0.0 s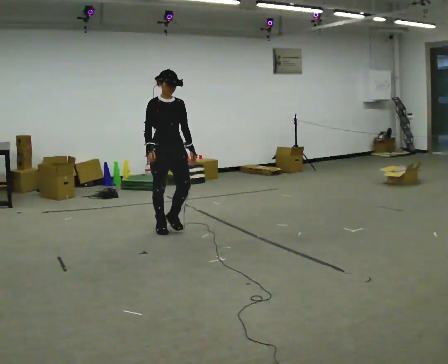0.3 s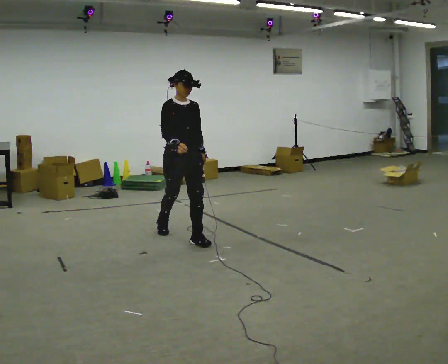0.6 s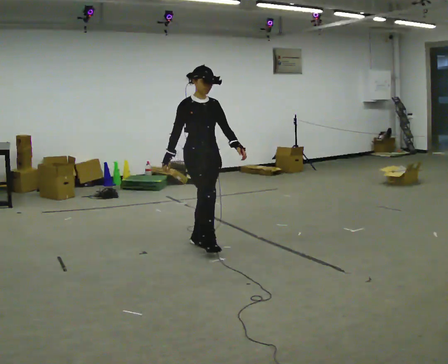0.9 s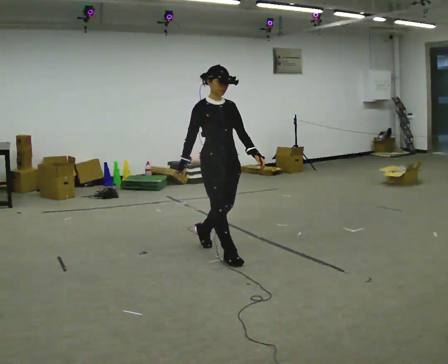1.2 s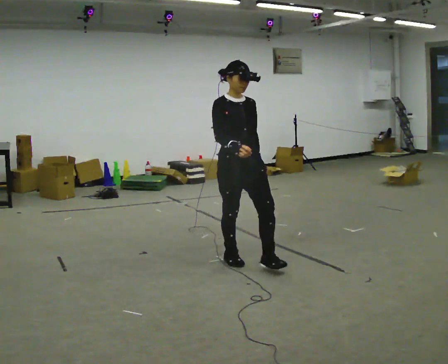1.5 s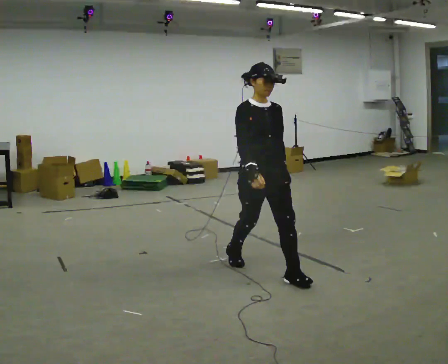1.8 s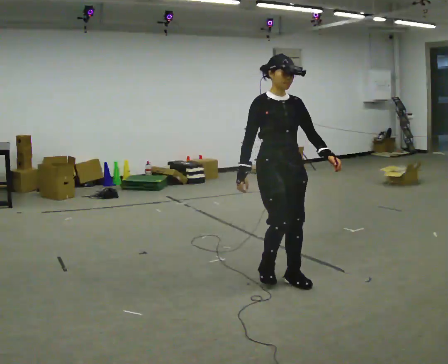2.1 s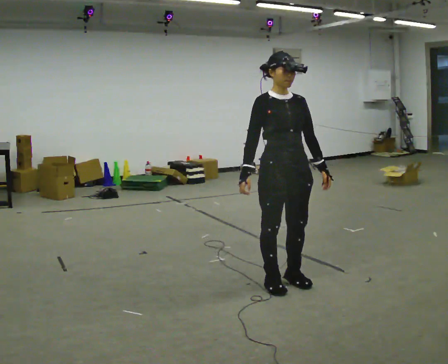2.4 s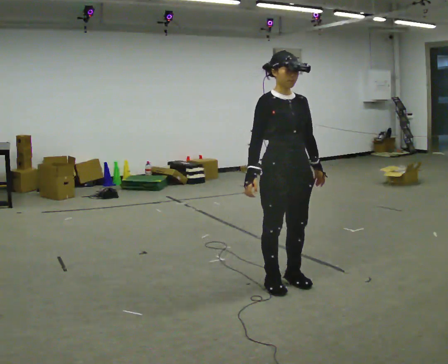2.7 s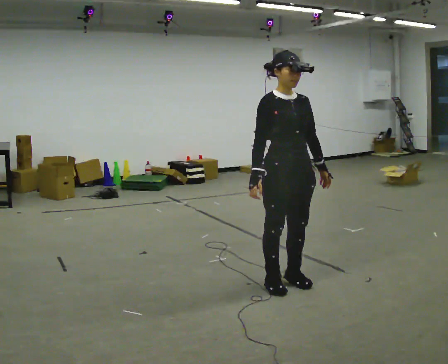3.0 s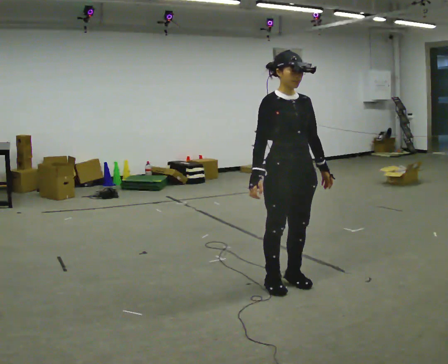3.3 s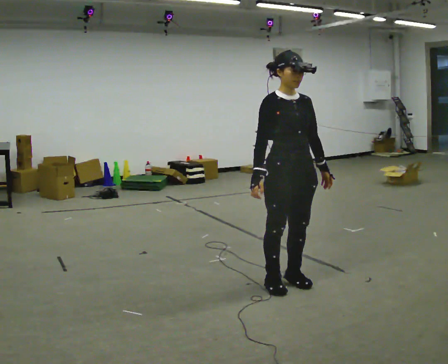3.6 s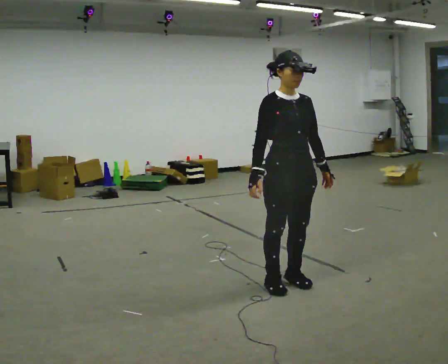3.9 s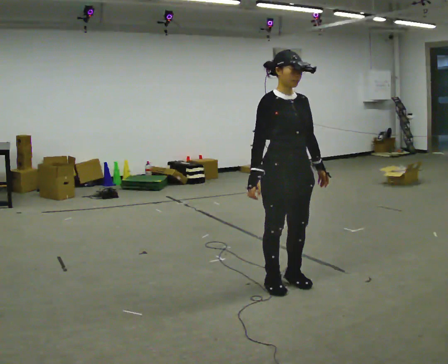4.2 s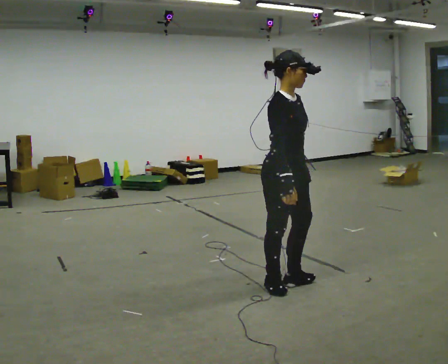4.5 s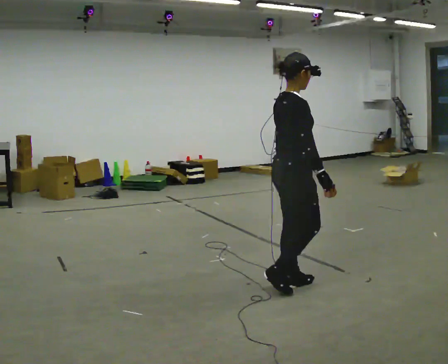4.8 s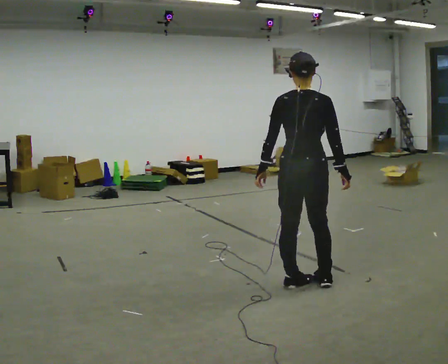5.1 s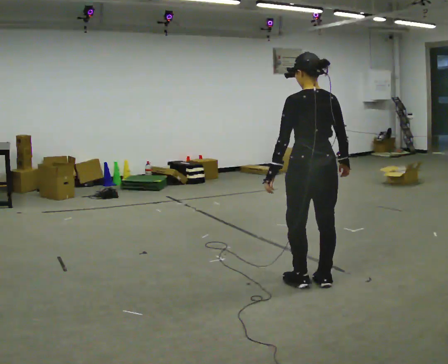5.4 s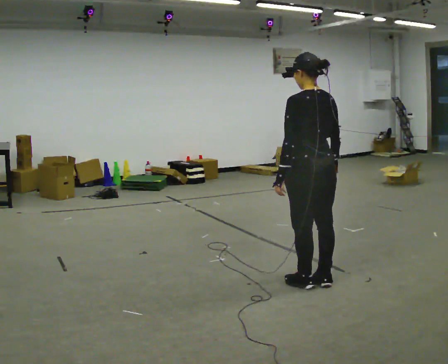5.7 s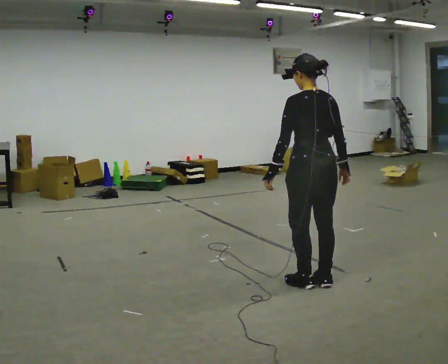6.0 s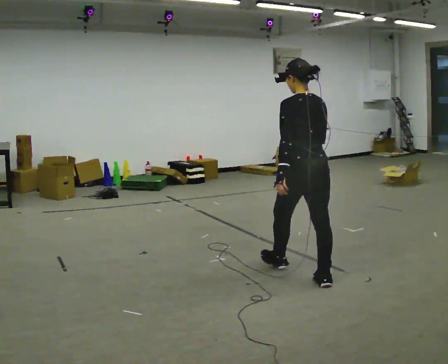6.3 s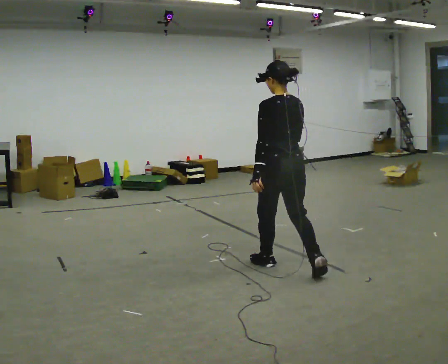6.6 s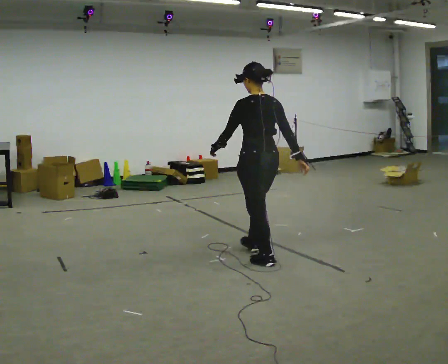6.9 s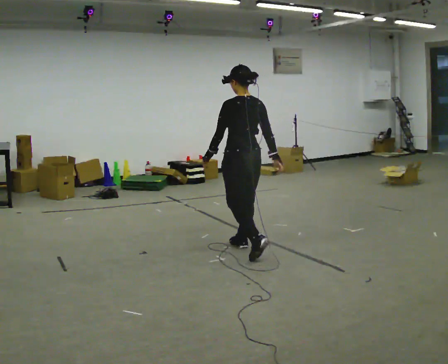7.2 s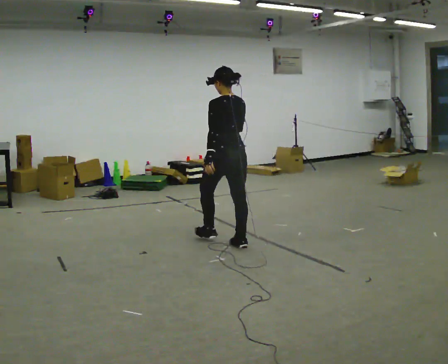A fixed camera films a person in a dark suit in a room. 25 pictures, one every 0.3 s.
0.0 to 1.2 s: In the picture they go toward the camera and to the right, about 1 m in 2 steps, which for them is forward.
1.2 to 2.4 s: In the picture they go toward the camera and to the right, about 0.5 m in 2 steps, which for them is forward.
2.4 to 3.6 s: The person moves a little, or ends about where they began.
3.6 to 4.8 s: The person turns about 135 degrees to their left, counterclockwise seen from above, so the part of the body nearest the lens slides to the right. In the picture their left hand goes to the left, the arm swinging clockwise.
4.8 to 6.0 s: The part of the body nearest the lens slides to the right as the person turns to their left by about 30 degrees. In the picture they go away from the camera, about 0.25 m, which for them is forward. In the picture their right hand goes to the left.
6.0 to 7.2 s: In the picture they go away from the camera and to the left, about 1 m in 2 steps, which for them is forward.
The film runs forward here.
